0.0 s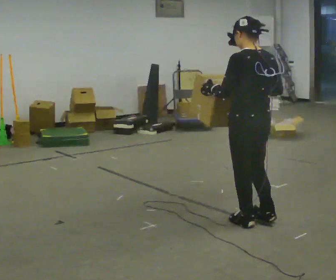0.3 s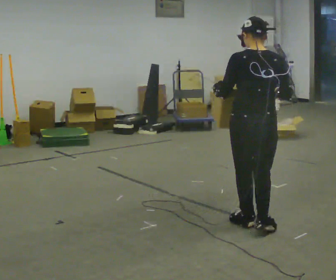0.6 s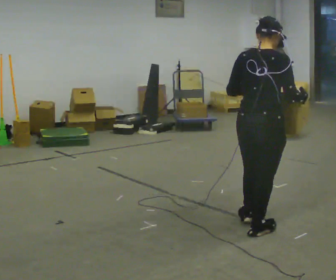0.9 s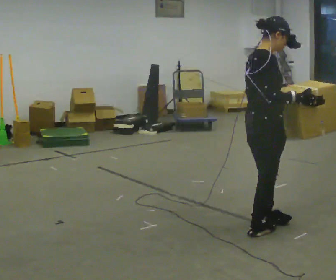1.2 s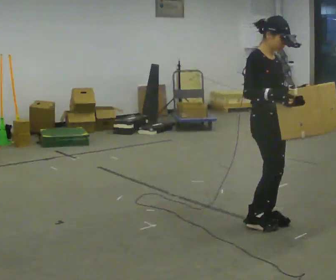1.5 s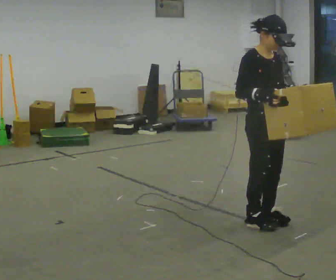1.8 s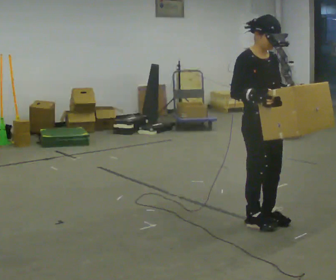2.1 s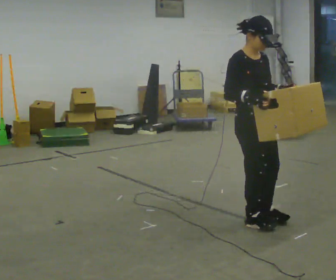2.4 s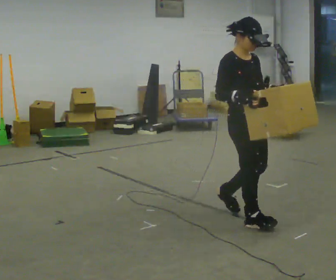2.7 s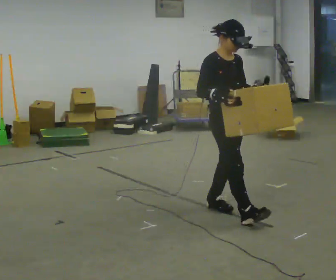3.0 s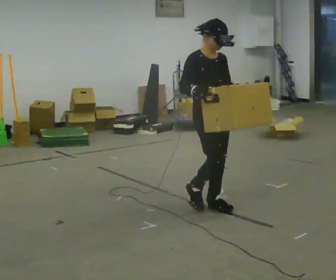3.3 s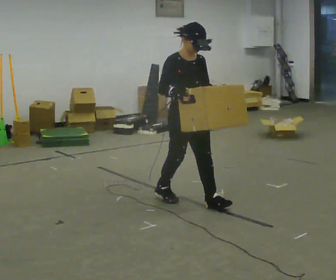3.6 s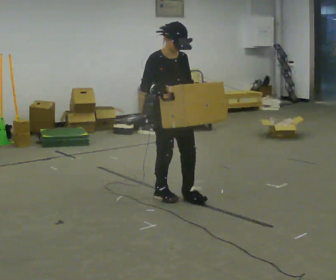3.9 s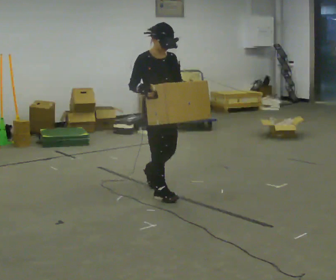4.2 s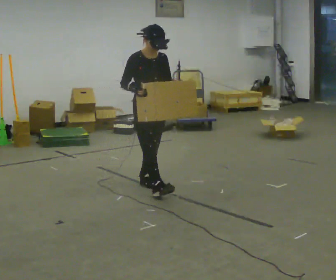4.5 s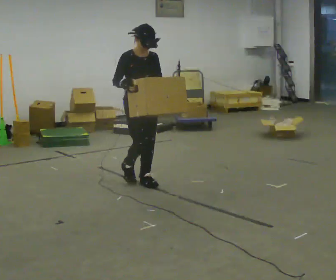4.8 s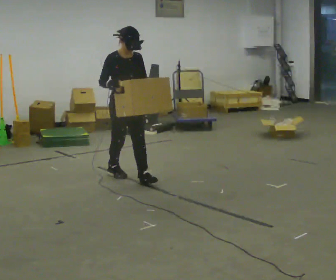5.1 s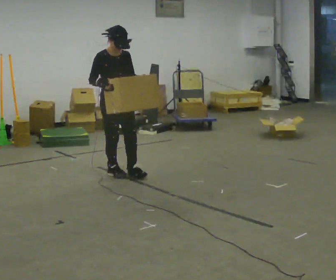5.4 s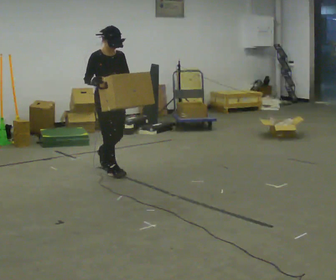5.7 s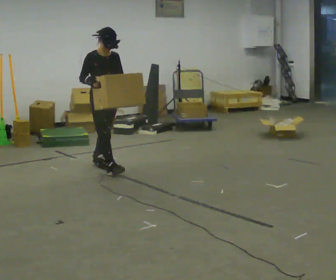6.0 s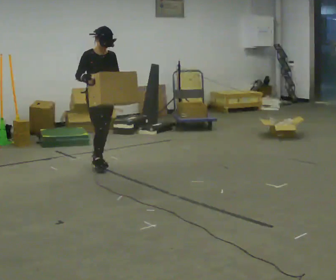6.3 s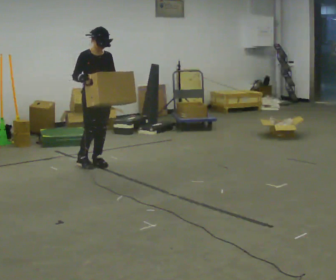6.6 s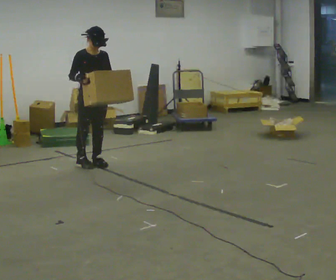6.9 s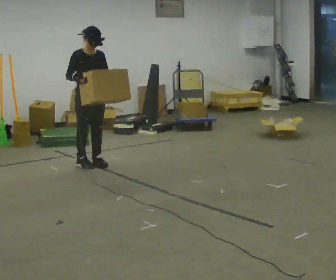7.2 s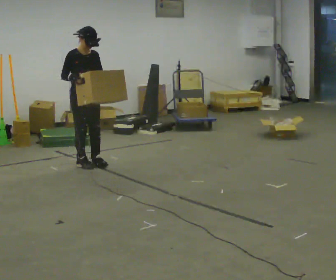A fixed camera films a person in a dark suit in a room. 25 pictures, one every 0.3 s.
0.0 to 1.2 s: Seen from above the body turns clockwise, about 150 degrees: to their right, with its near side sliding to the left.
1.2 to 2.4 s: The person moves a little, or ends about where they began.
2.4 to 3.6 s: In the picture they go away from the camera and to the left, about 1 m in 2 steps, which for them is backward.
3.6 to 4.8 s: In the picture they go away from the camera and to the left, about 0.5 m in 1 step, which for them is backward.
4.8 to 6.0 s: In the picture they go away from the camera and to the left, about 0.5 m in 2 steps, which for them is backward.
6.0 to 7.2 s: In the picture they go to the left, about 0.25 m, which for them is backward.
The film runs backward here.
